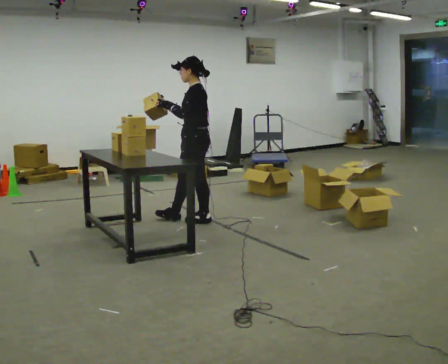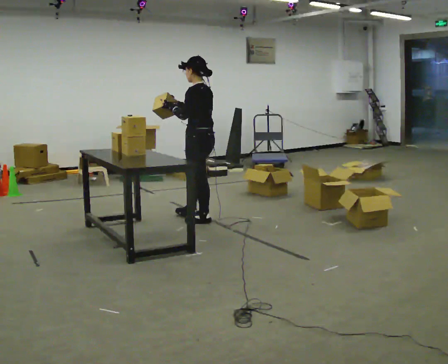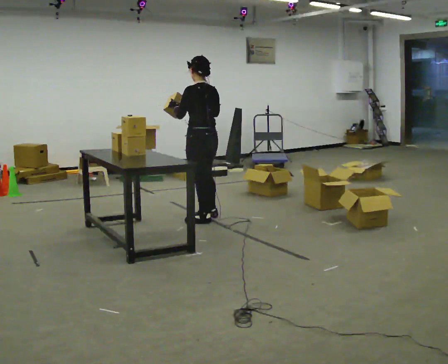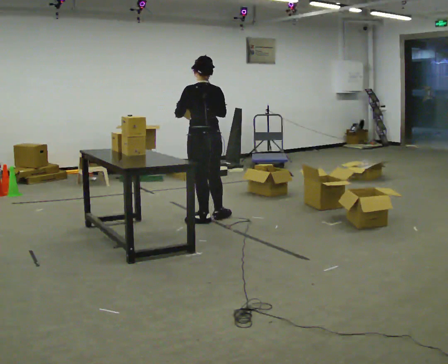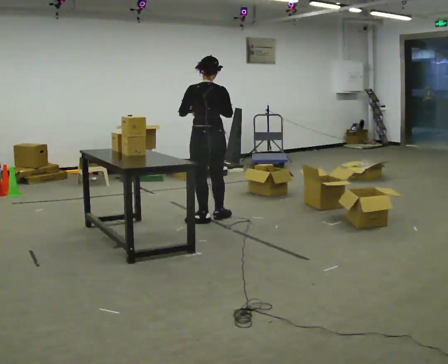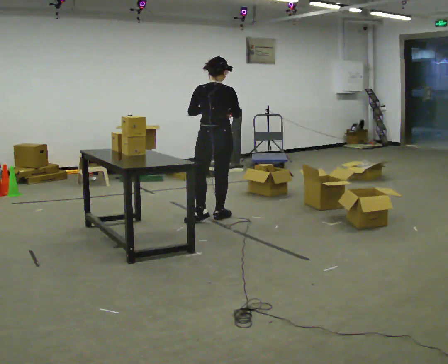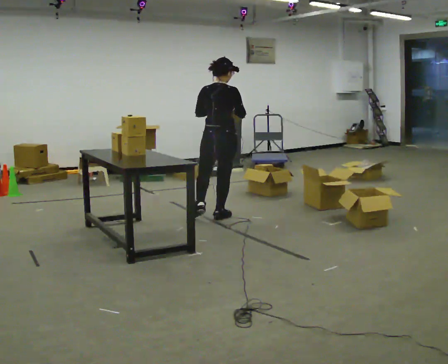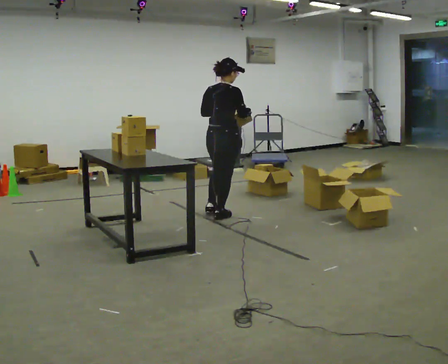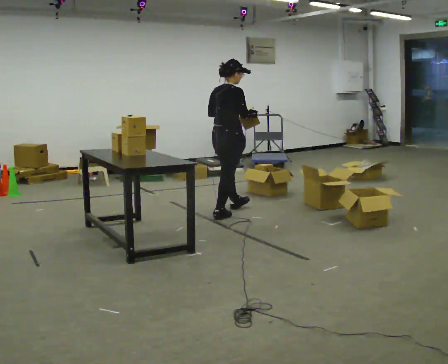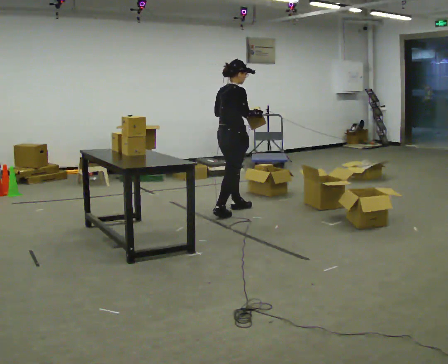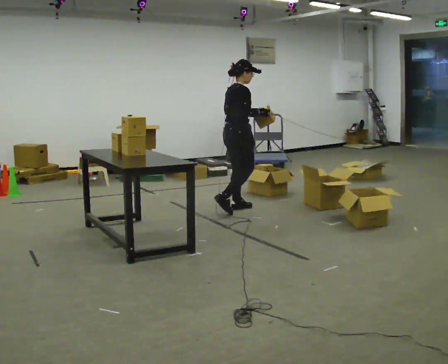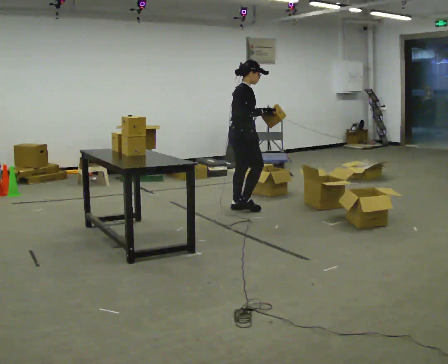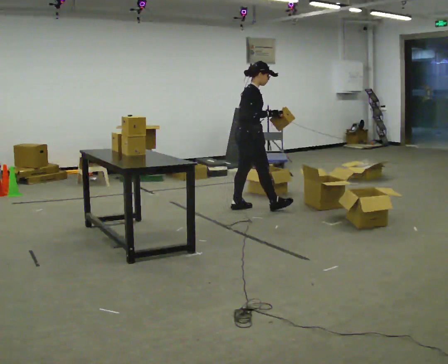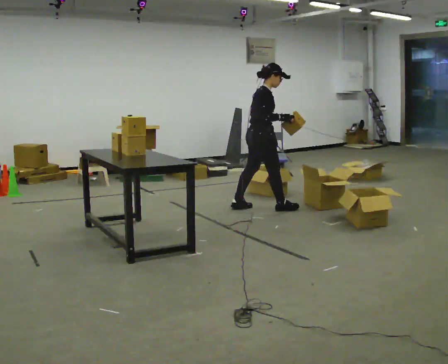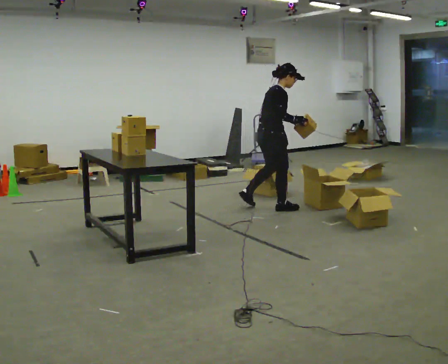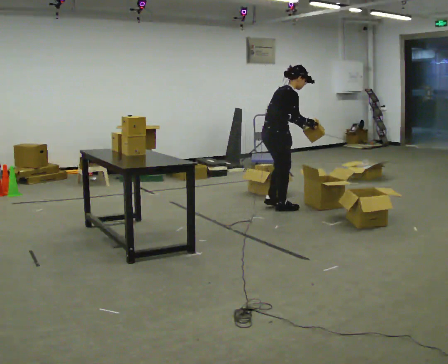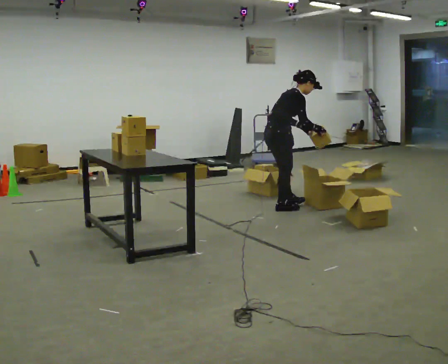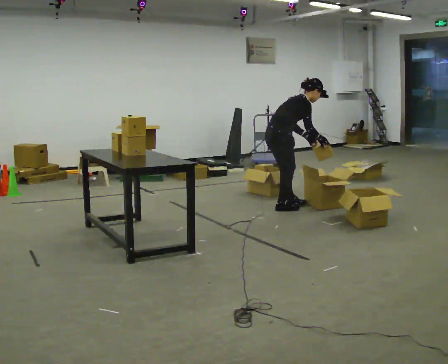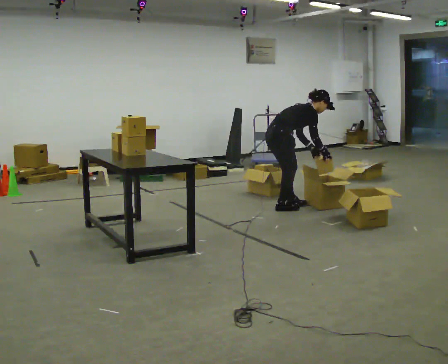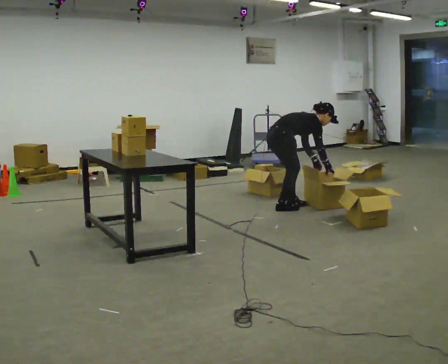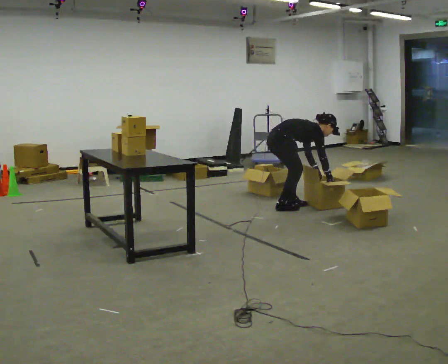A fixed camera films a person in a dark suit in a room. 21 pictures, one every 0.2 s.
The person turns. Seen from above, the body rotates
clockwise.
The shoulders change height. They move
downward.
0.0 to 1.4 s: Seen from above the body turns clockwise, about 120 degrees: to their right, with its near side sliding to the left. In the picture they go to the right and away from the camera, about 0.25 m in 1 step.
1.4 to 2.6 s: Seen from above the body turns clockwise, about 45 degrees: to their right, with its near side sliding to the left. In the picture they go to the right and away from the camera, about 0.5 m in 2 steps, which for them is forward.
2.6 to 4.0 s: In the picture they go to the right, about 0.25 m in 1 step, which for them is forward. The shoulders move downward. In the picture the upper body tilts clockwise, shoulders to the right, as they bend forward. In the picture their right hand goes downward and to the right.
The film runs forward here.
